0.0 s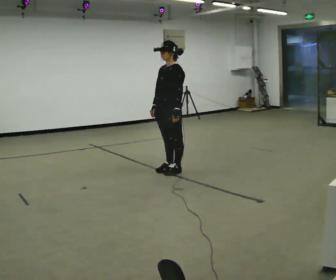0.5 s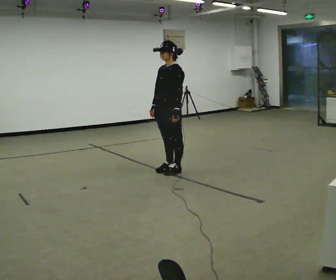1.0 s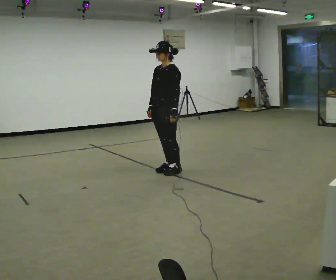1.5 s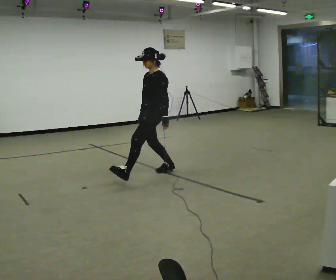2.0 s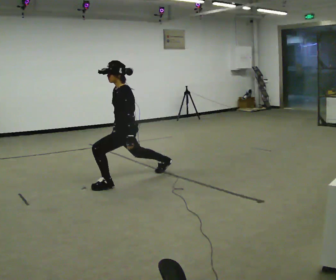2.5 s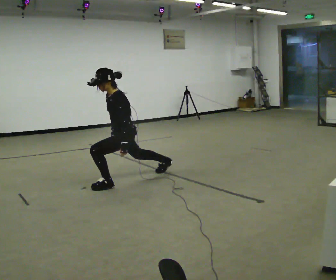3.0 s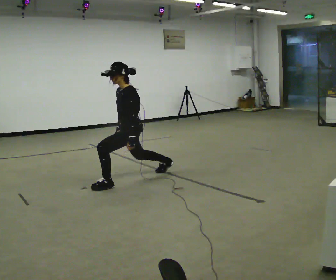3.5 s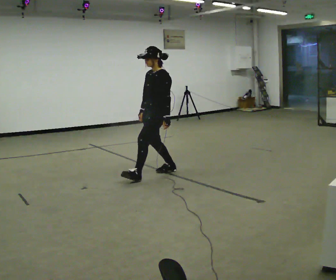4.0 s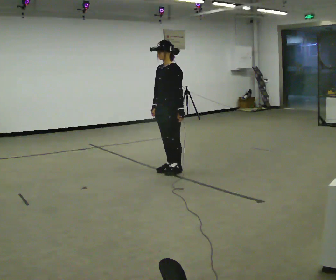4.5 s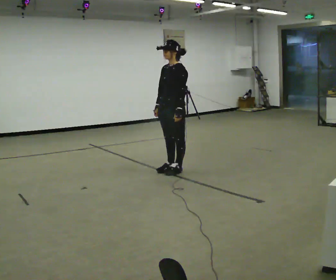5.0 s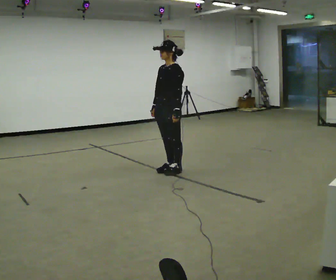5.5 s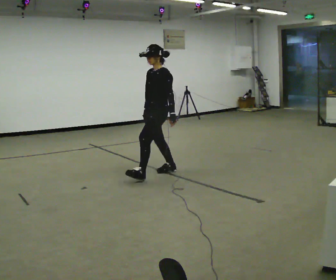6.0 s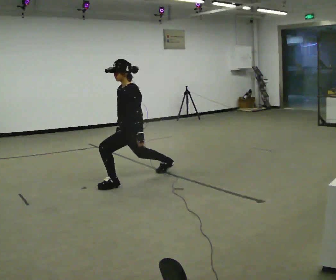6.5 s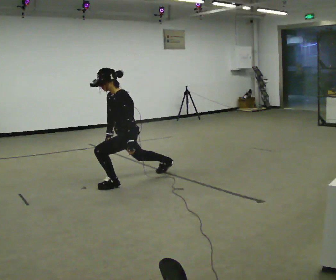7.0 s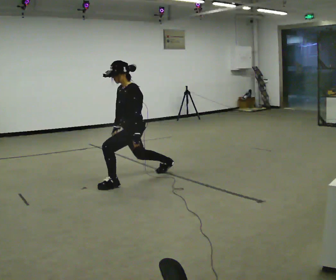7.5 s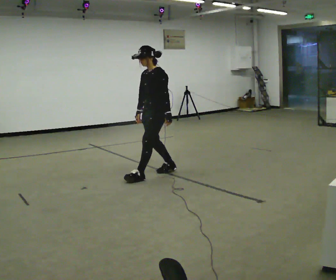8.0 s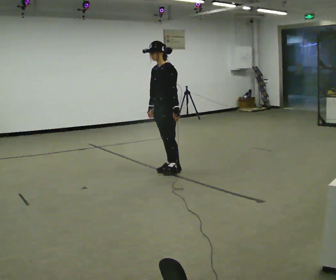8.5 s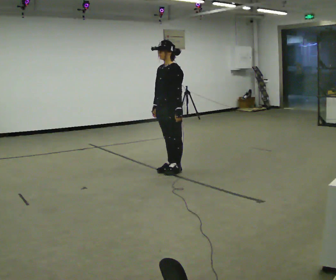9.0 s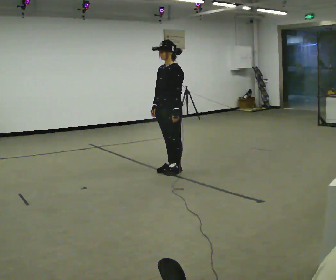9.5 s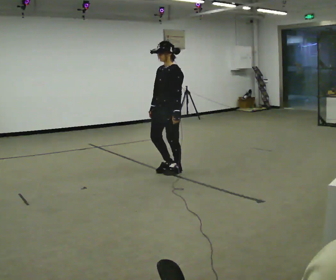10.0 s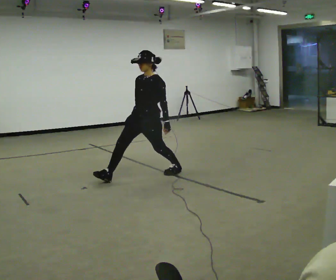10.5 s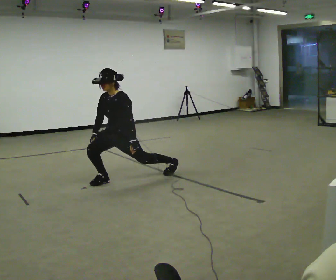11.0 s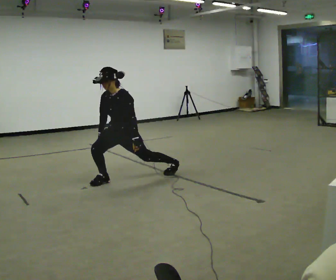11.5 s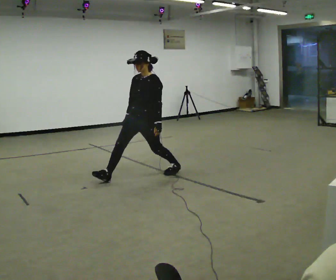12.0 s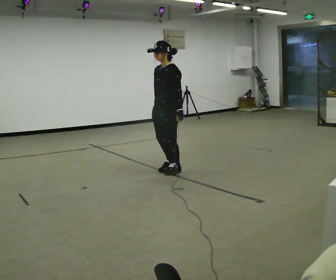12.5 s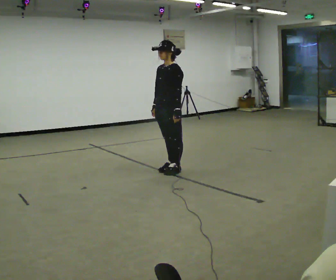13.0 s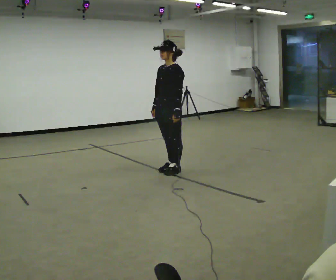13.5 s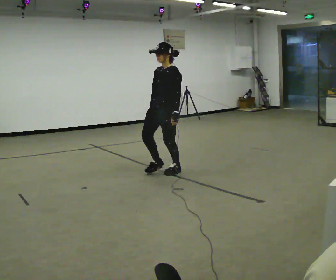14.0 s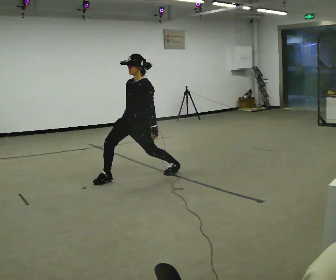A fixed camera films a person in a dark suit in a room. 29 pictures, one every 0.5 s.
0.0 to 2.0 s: The person turns about 30 degrees to their right, clockwise seen from above, so the part of the body nearest the lens slides to the left. In the picture they go to the left and toward the camera, about 0.75 m in 1 step, which for them is forward. The upper body goes downward.
2.0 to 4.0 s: The part of the body nearest the lens slides to the right as the person turns to their left by about 30 degrees. In the picture they go to the right and away from the camera, about 0.75 m in 1 step, which for them is backward and to their right.
4.0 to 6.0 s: In the picture they go to the left and toward the camera, about 0.5 m in 1 step, which for them is forward. The shoulders move downward.
6.0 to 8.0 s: In the picture they go to the right and away from the camera, about 0.5 m, which for them is backward and to their right.
8.0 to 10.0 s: The part of the body nearest the lens slides to the right as the person turns to their left by about 30 degrees. In the picture they go to the left and toward the camera, about 0.25 m in 1 step, which for them is forward.
10.0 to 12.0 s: In the picture they go to the right, about 0.25 m in 1 step, which for them is backward and to their left.
12.0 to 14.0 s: In the picture they go to the left and toward the camera, about 0.5 m in 2 steps, which for them is forward. The shoulders move downward.
The film runs forward here.
